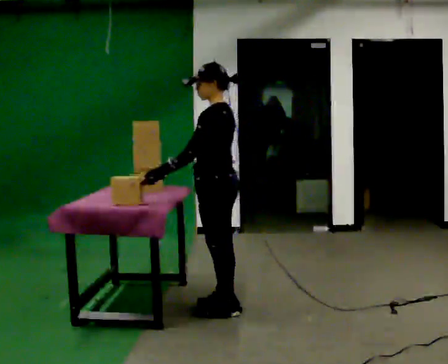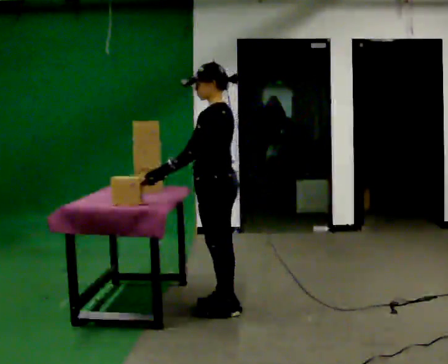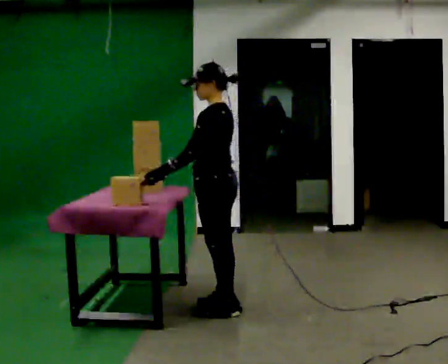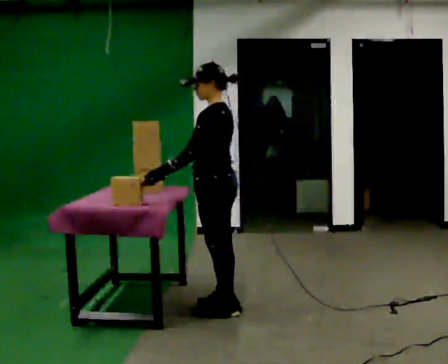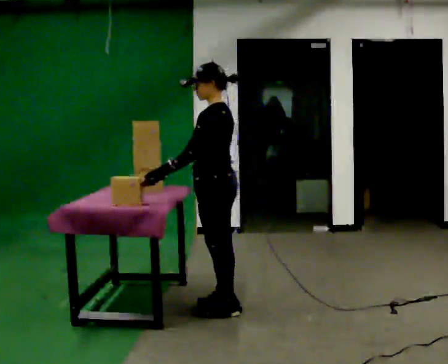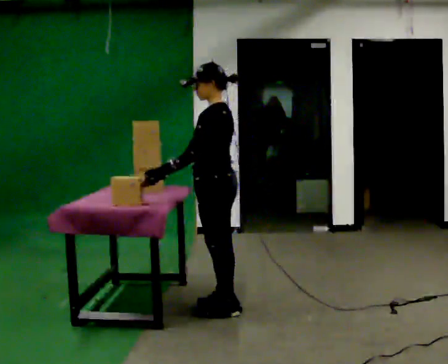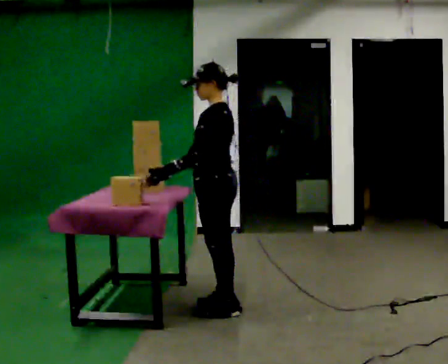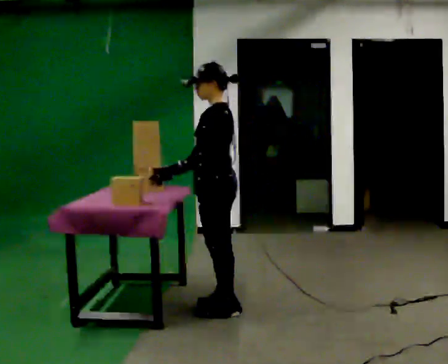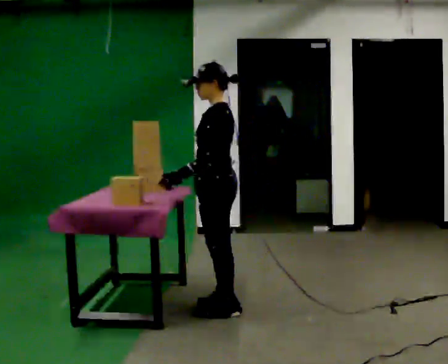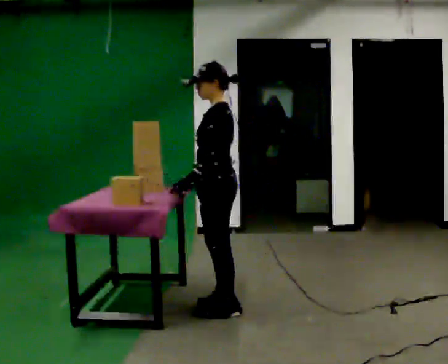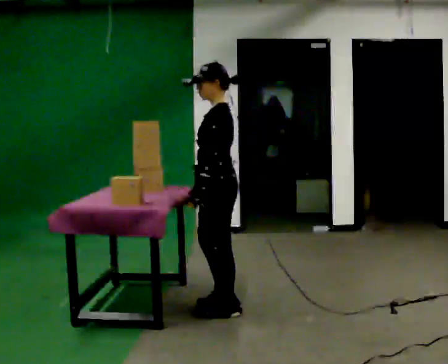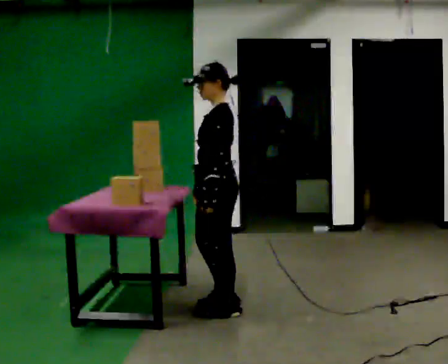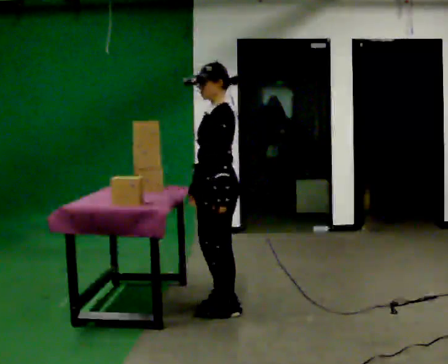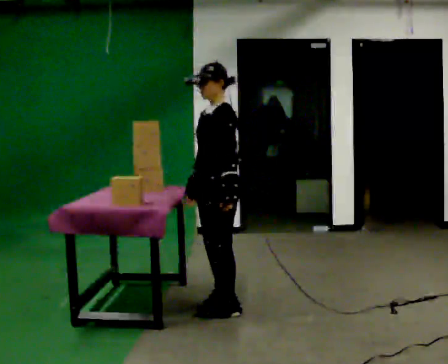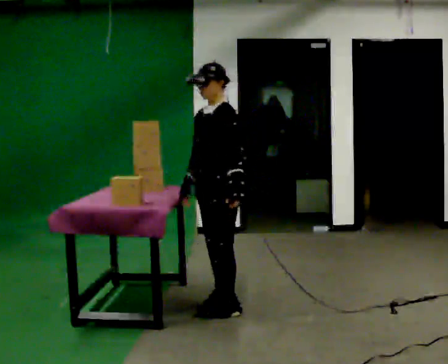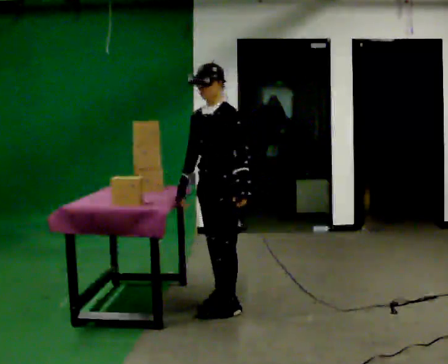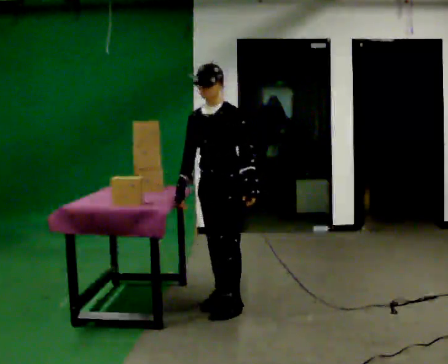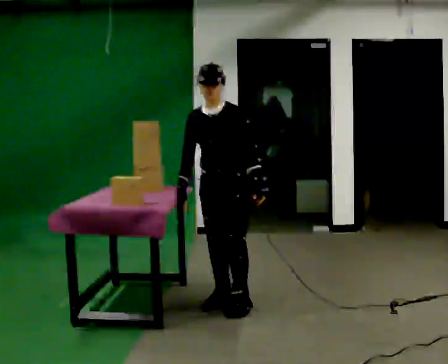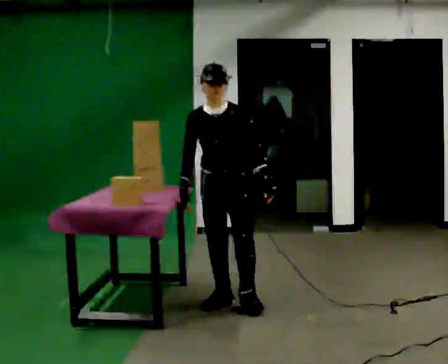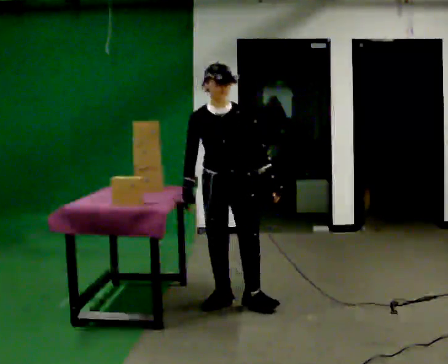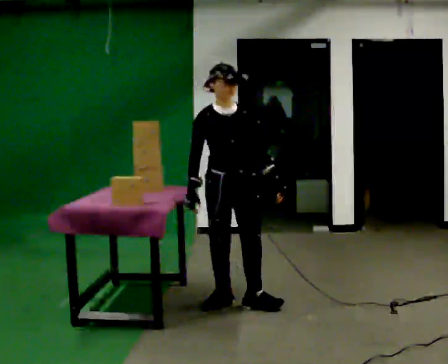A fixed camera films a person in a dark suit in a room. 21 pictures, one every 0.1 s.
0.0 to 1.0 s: The person moves a little, or ends about where they began.
1.0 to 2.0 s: Seen from above the body turns counterclockwise, about 105 degrees: to their left, with its near side sliding to the right. In the picture they go away from the camera, about 0.25 m in 2 steps. In the picture their left hand goes to the right, the arm swinging counterclockwise.
The film runs forward here.
